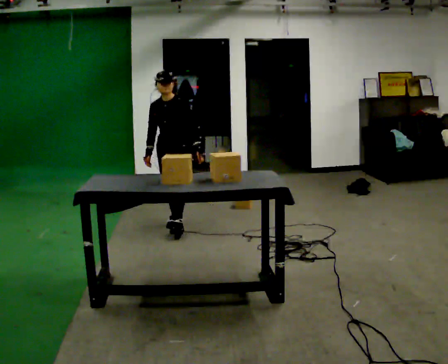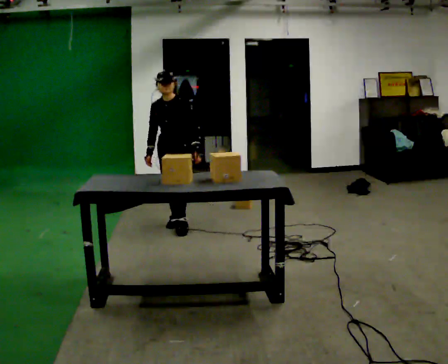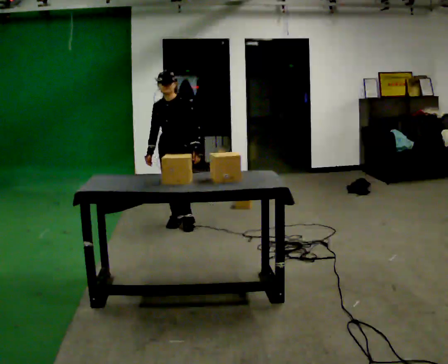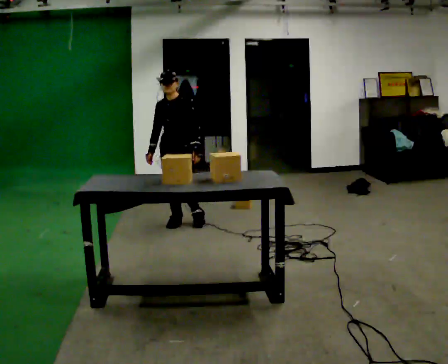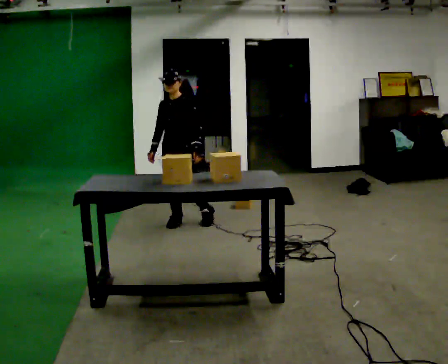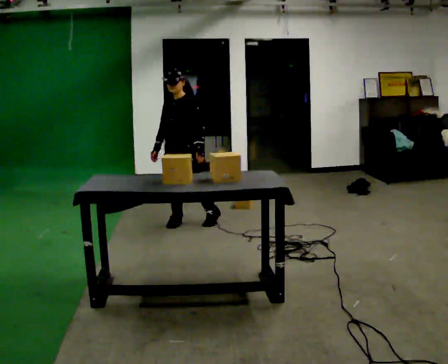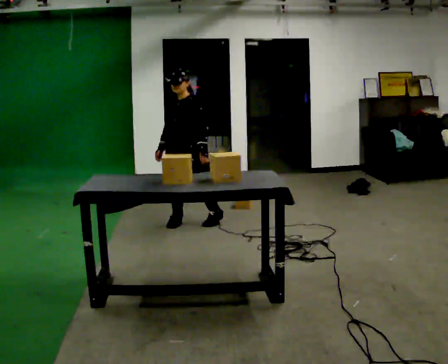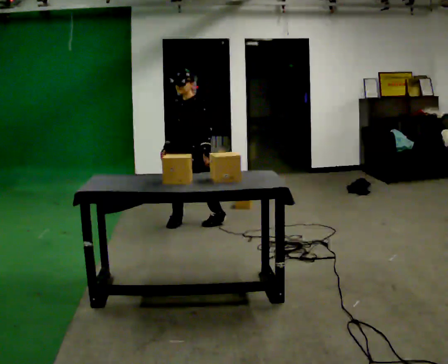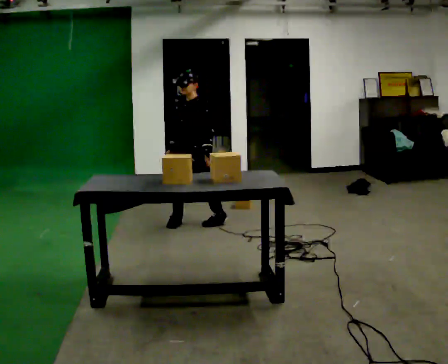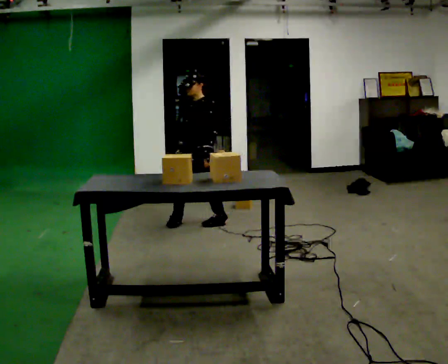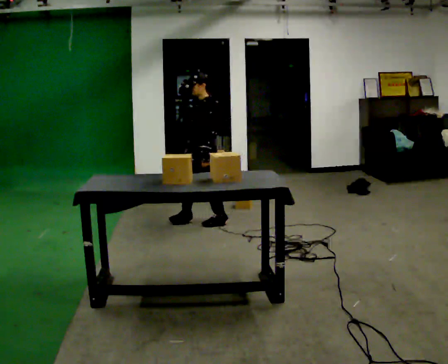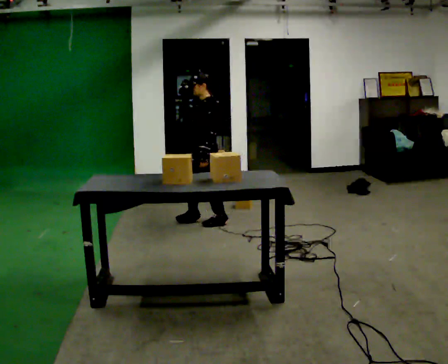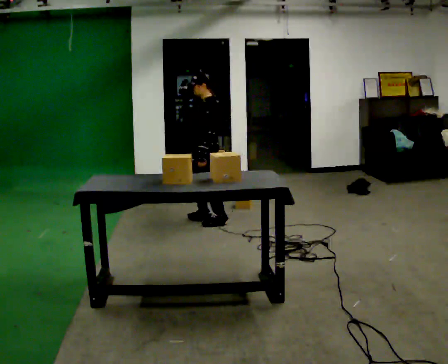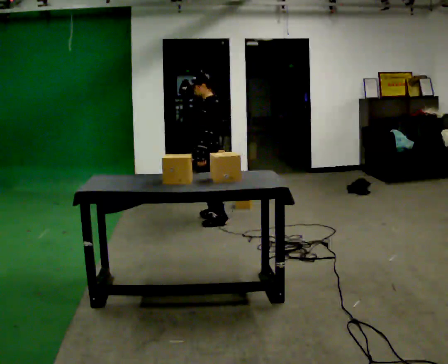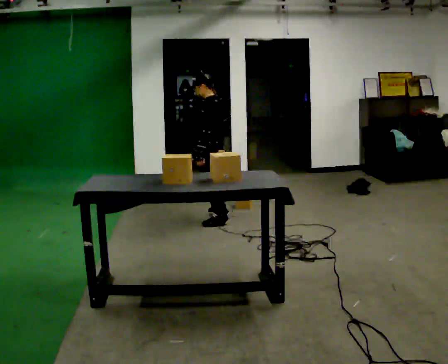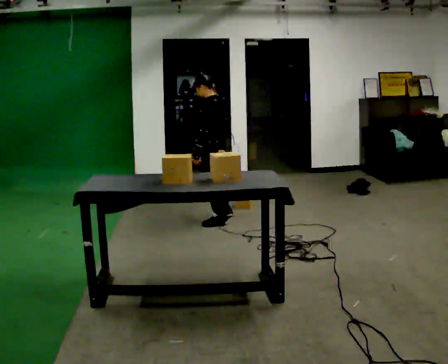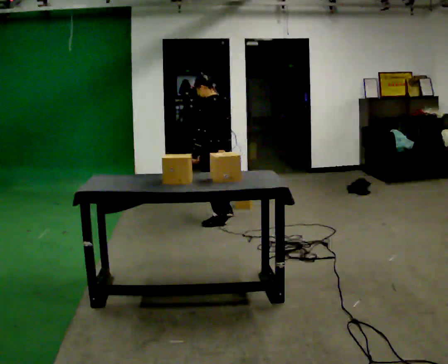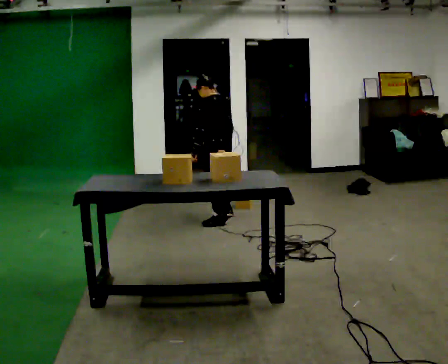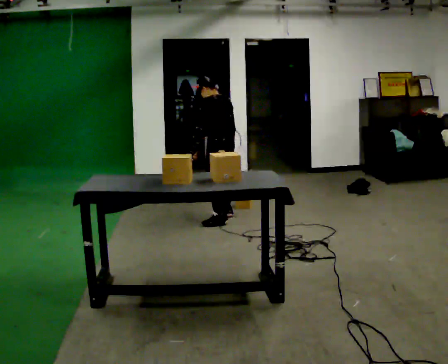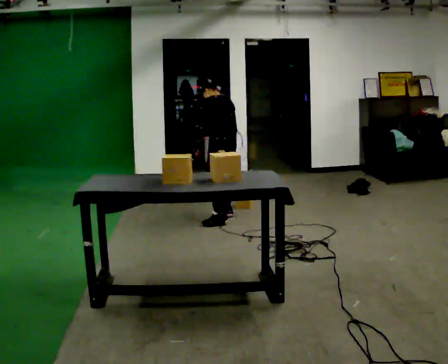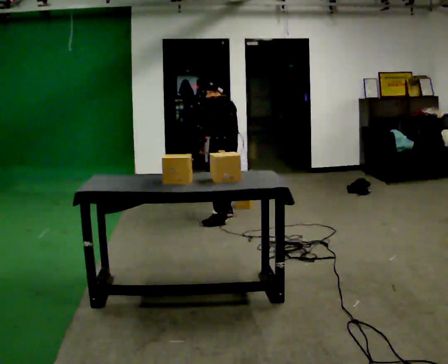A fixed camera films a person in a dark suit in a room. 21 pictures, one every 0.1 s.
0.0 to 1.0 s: The person turns about 45 degrees to their right, clockwise seen from above, so the part of the body nearest the lens slides to the left. In the picture they go to the right, about 0.25 m in 1 step, which for them is to their left and backward.
1.0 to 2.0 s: The person turns about 75 degrees to their right, clockwise seen from above, so the part of the body nearest the lens slides to the left. In the picture they go to the right and away from the camera, about 0.25 m.
The film runs backward here.
